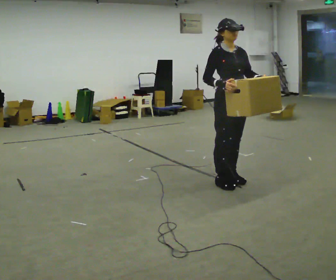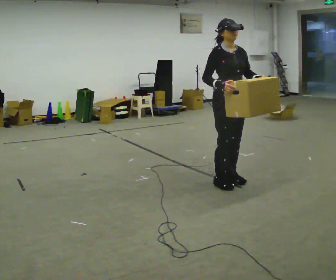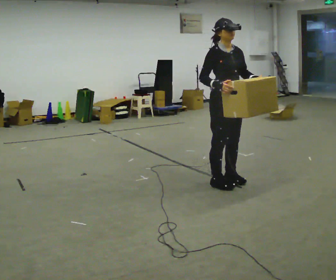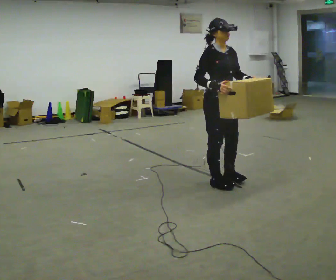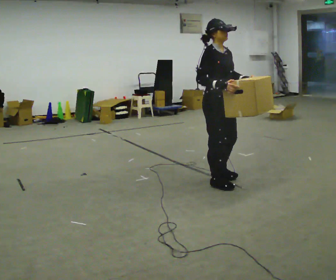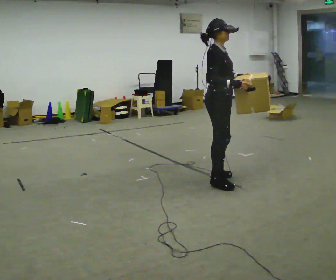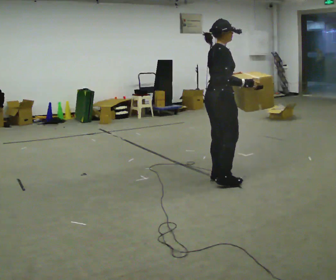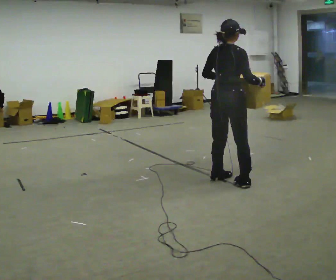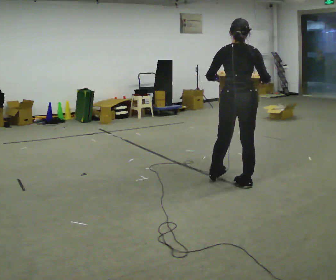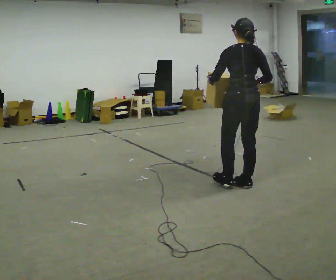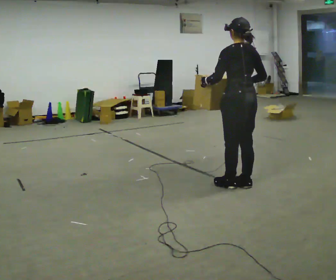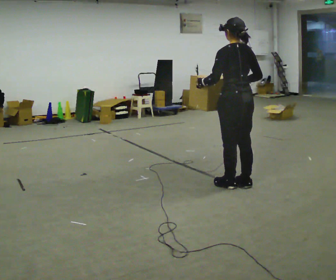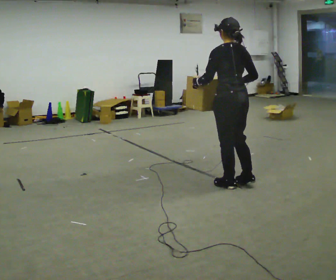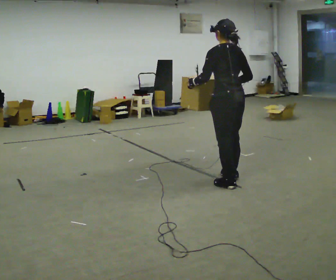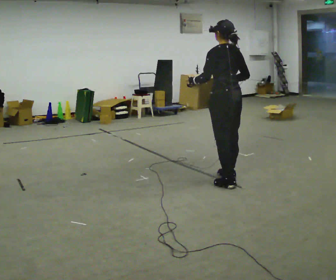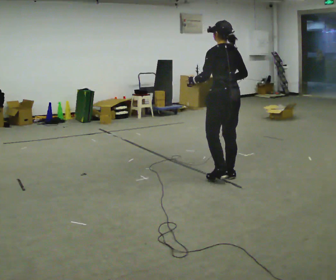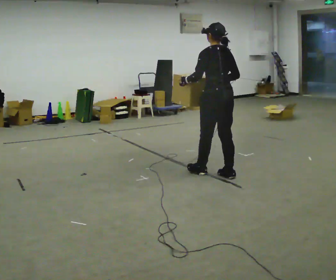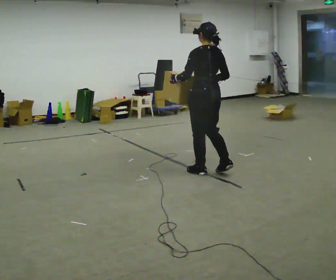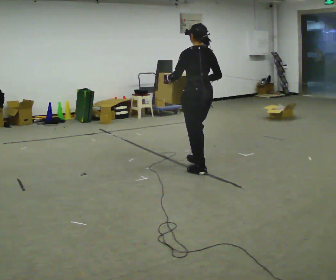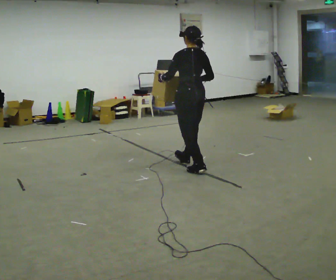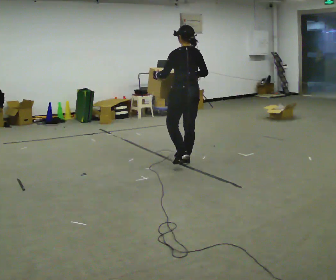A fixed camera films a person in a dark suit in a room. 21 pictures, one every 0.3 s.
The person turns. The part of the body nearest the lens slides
to the right.
The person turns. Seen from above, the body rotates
counterclockwise.
0.0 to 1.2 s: The part of the body nearest the lens slides to the right as the person turns to their left by about 30 degrees.
1.2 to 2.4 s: Seen from above the body turns counterclockwise, about 105 degrees: to their left, with its near side sliding to the right. In the picture they go to the right, about 0.25 m in 2 steps. In the picture their left hand goes to the left.
2.4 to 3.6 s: The person turns about 45 degrees to their left, counterclockwise seen from above, so the part of the body nearest the lens slides to the right.
3.6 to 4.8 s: In the picture they go away from the camera, about 0.25 m in 2 steps, which for them is forward.
4.8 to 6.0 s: In the picture they go away from the camera and to the left, about 0.5 m in 2 steps, which for them is forward.
The film runs backward here.
